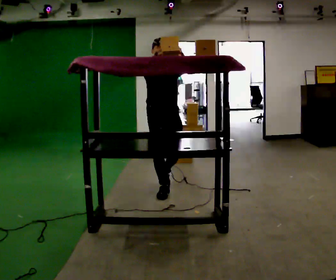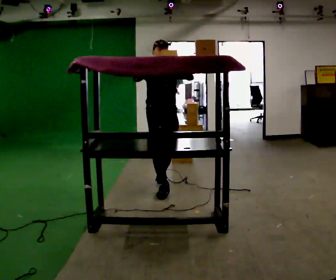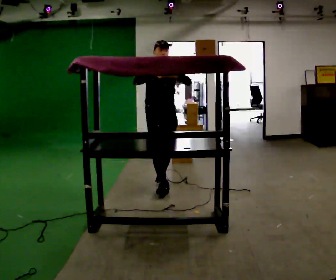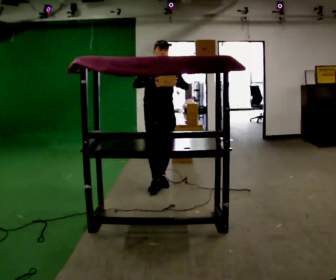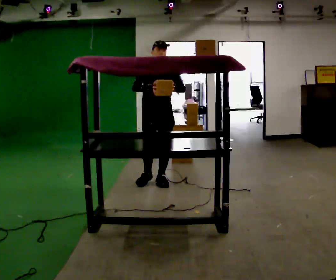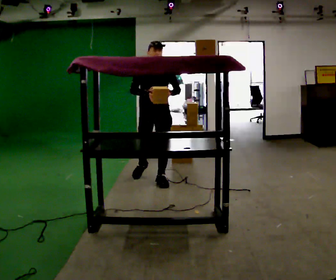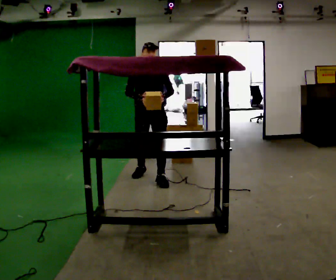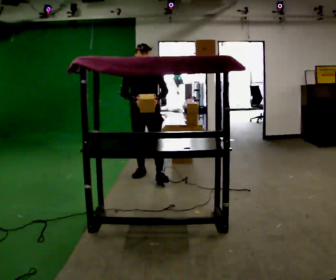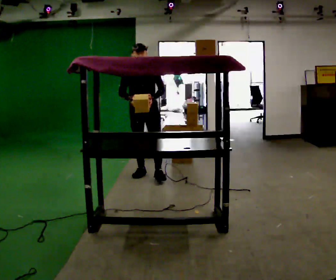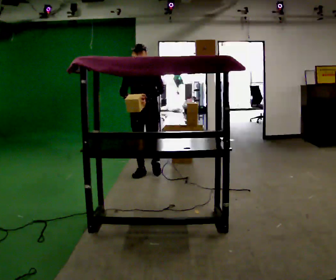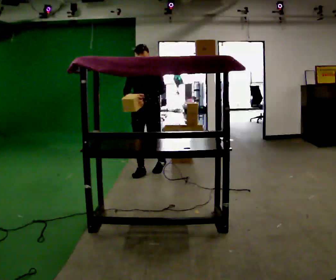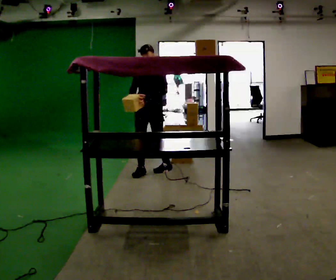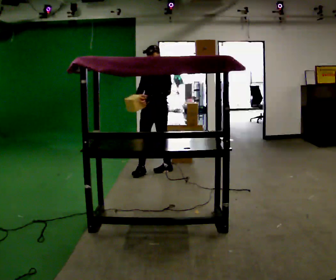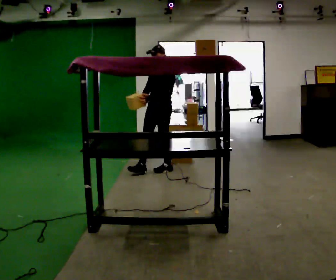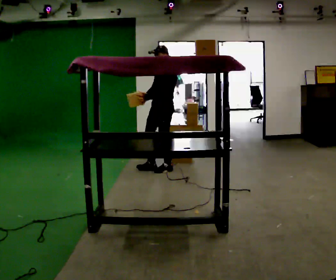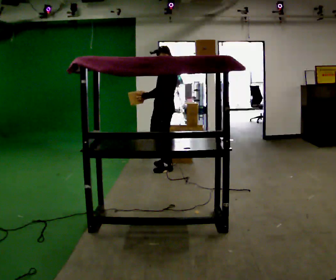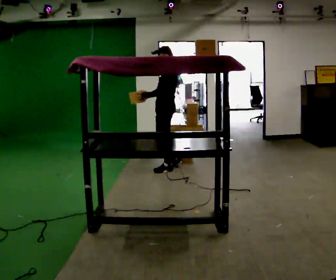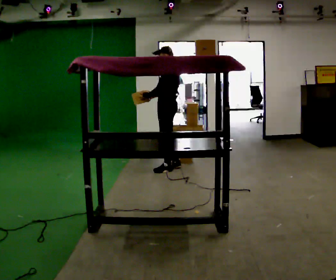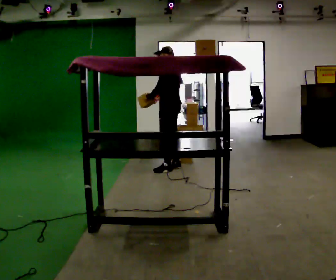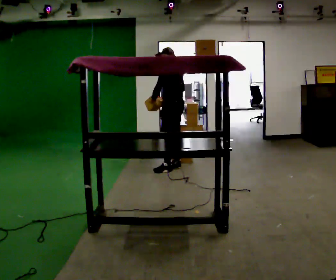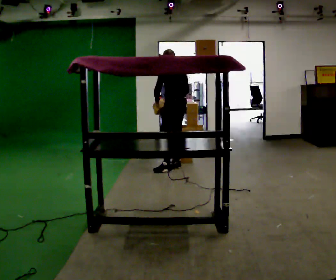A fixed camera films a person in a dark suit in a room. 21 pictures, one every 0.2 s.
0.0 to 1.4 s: In the picture they go away from the camera, about 0.75 m in 1 step, which for them is backward. In the picture their left hand goes downward.
1.4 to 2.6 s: Seen from above the body turns clockwise, about 45 degrees: to their right, with its near side sliding to the left. In the picture they go away from the camera and to the right, about 0.5 m in 1 step, which for them is backward.
2.6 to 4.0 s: The part of the body nearest the lens slides to the left as the person turns to their right by about 90 degrees. In the picture they go to the right and away from the camera, about 0.25 m in 1 step.
The film runs backward here.
